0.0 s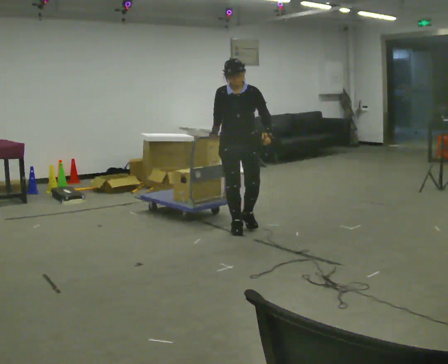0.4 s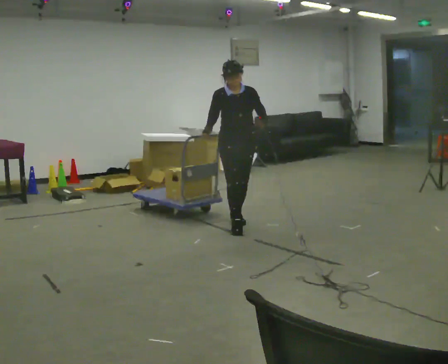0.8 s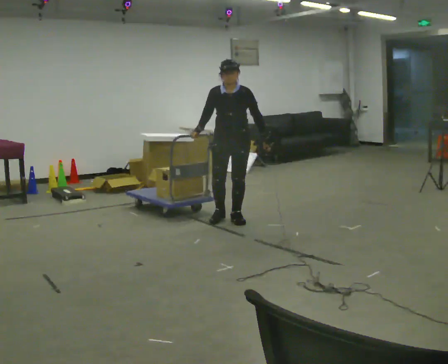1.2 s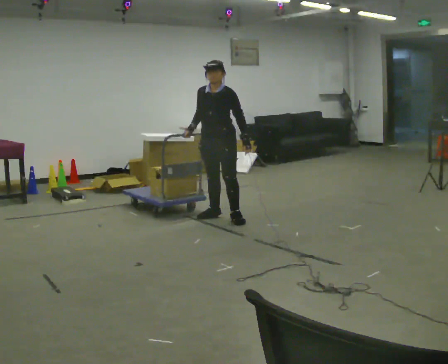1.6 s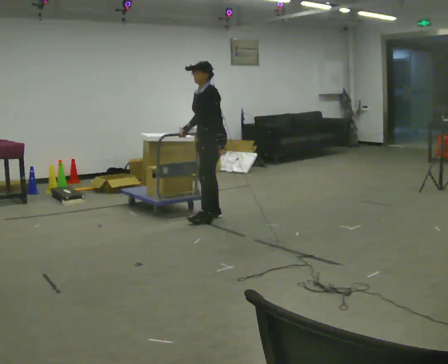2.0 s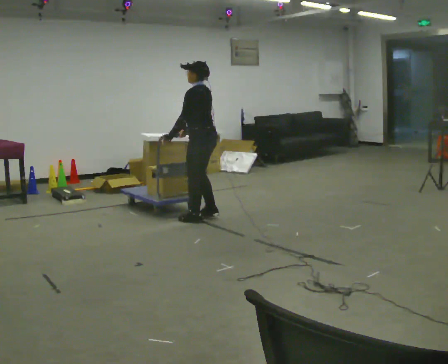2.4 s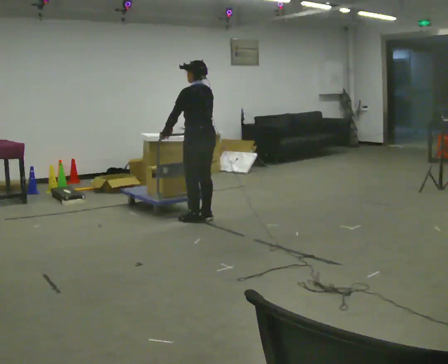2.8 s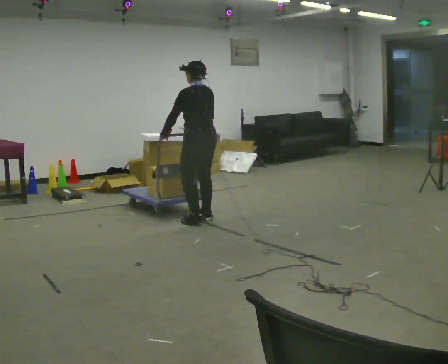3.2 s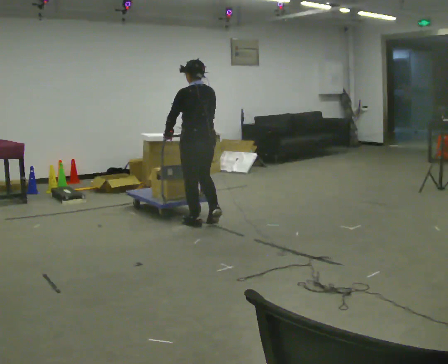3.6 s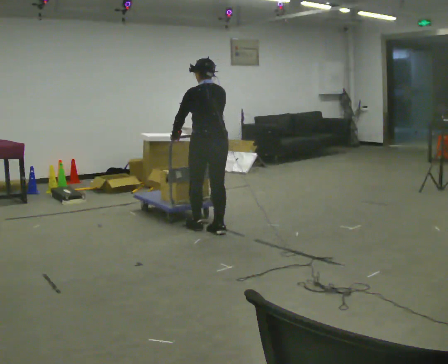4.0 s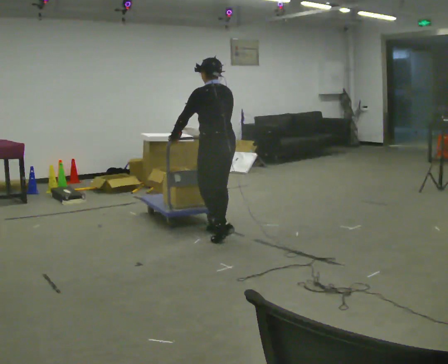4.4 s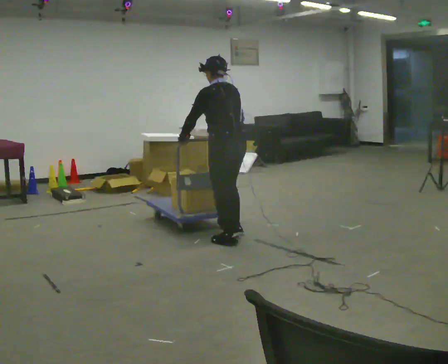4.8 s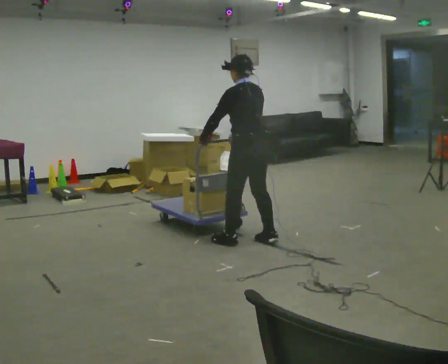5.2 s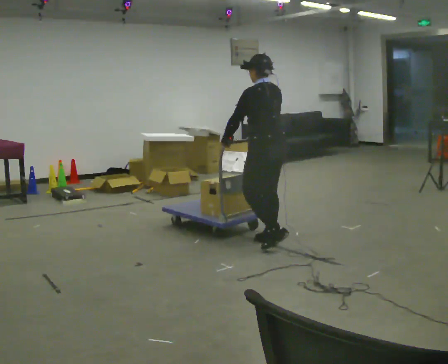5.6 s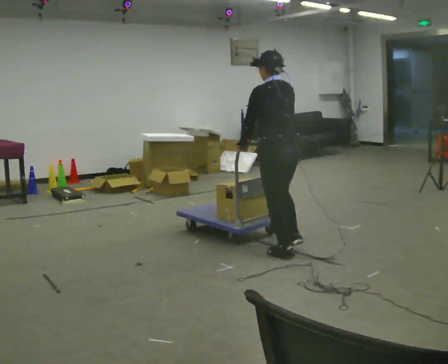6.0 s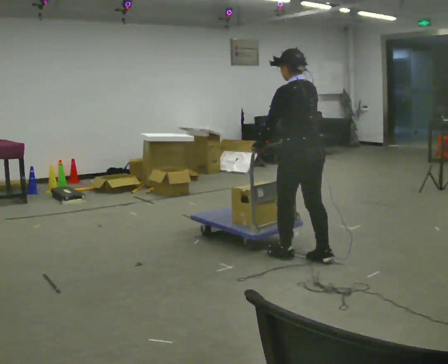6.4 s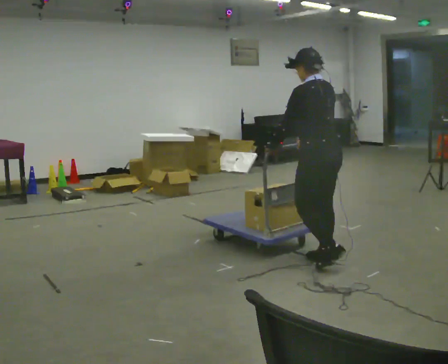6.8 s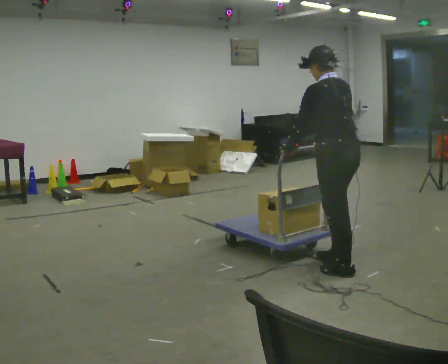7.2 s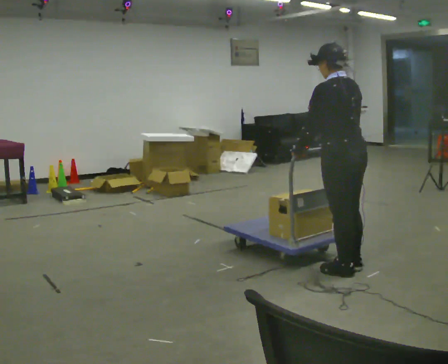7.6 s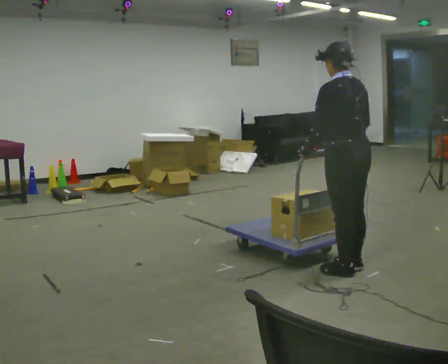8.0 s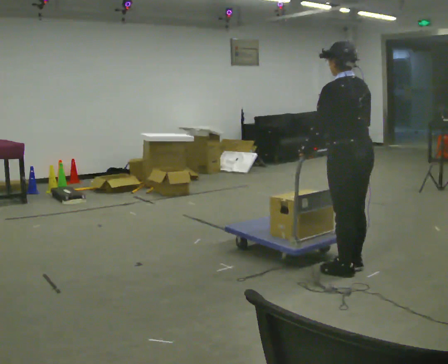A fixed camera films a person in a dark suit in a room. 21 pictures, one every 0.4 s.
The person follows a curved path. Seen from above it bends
counterclockwise.
0.0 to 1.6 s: The part of the body nearest the lens slides to the left as the person turns to their right by about 60 degrees. In the picture they go away from the camera and to the left, about 0.5 m in 2 steps.
1.6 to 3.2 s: Seen from above the body turns clockwise, about 75 degrees: to their right, with its near side sliding to the left. In the picture they go toward the camera, about 0.25 m in 3 steps.
3.2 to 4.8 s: In the picture they go toward the camera and to the right, about 0.5 m in 2 steps, which for them is backward.
4.8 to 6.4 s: In the picture they go toward the camera and to the right, about 1 m in 3 steps, which for them is backward.
6.4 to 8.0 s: In the picture they go toward the camera and to the right, about 0.25 m in 1 step, which for them is backward.
The film runs backward here.
